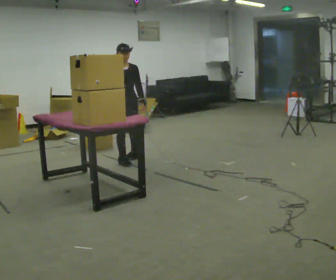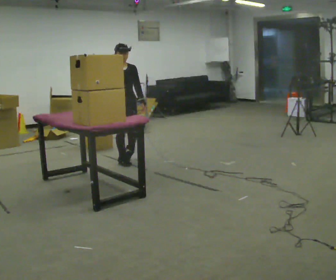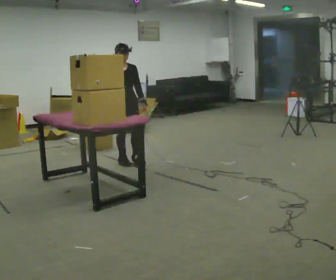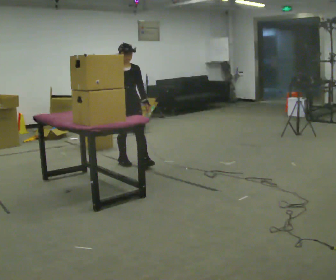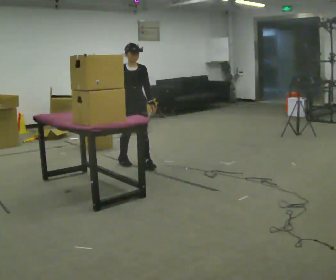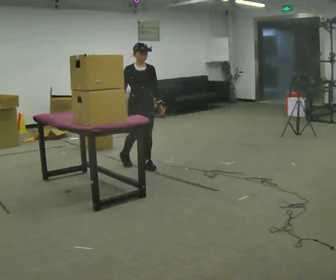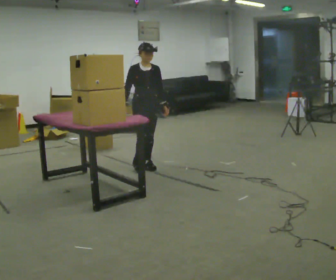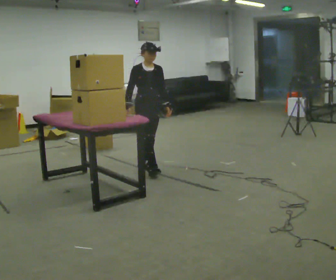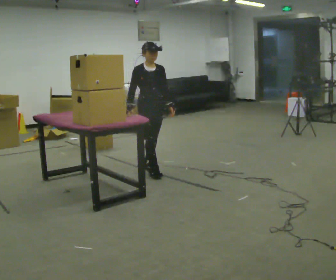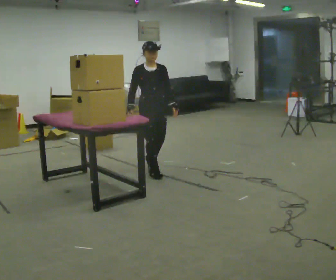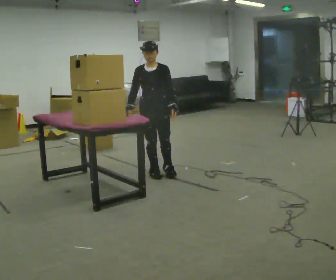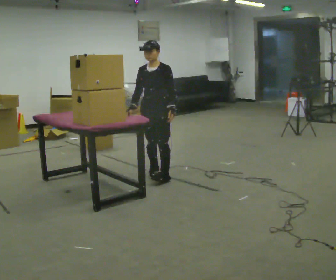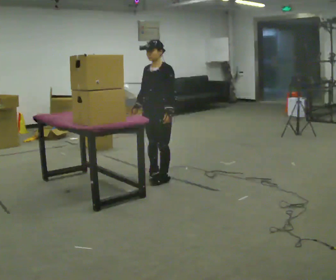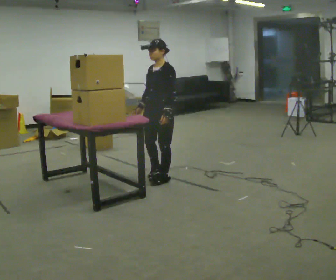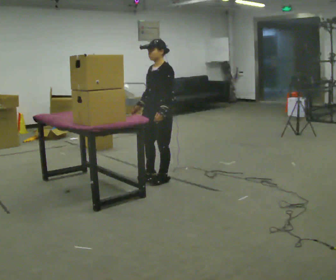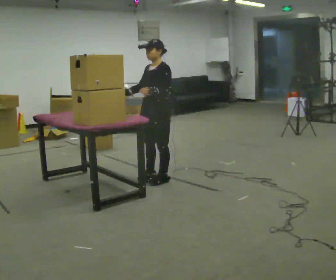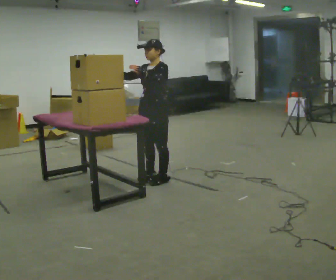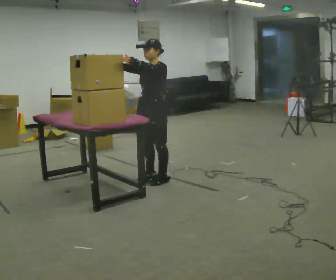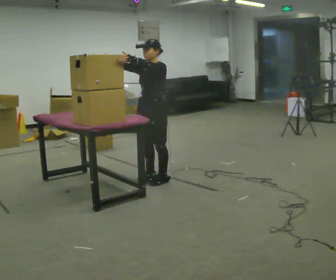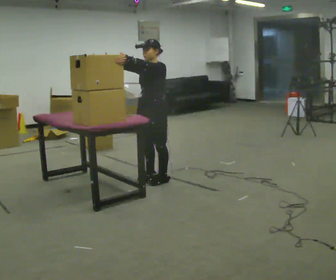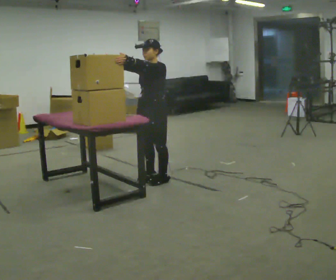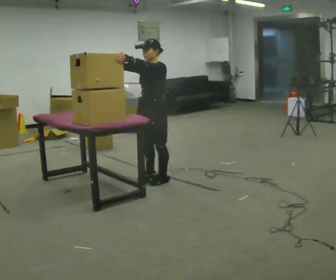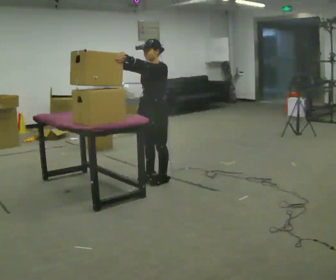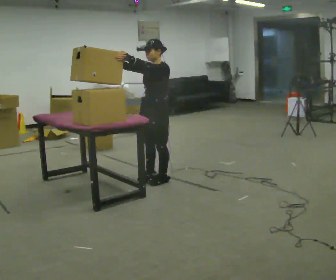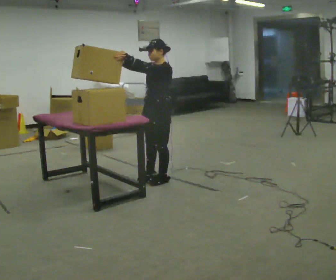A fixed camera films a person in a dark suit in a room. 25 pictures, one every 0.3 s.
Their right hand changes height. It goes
upward.
The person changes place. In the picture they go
toward the camera.
0.0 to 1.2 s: In the picture they go toward the camera, about 0.25 m in 1 step, which for them is forward.
1.2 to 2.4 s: In the picture they go toward the camera and to the right, about 0.25 m in 1 step, which for them is forward.
2.4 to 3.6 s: Seen from above the body turns clockwise, about 60 degrees: to their right, with its near side sliding to the left. In the picture they go toward the camera, about 0.25 m in 1 step.
3.6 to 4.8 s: In the picture their left hand goes upward.
4.8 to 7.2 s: The person moves a little, or ends about where they began.
The film runs forward here.
